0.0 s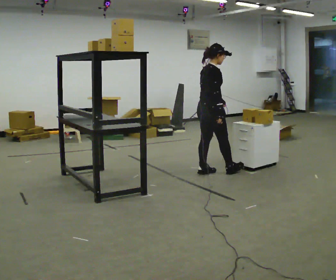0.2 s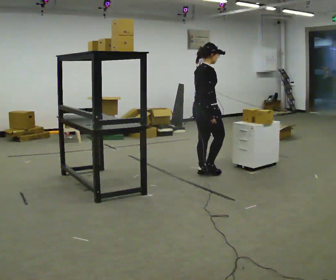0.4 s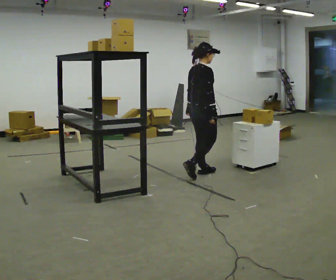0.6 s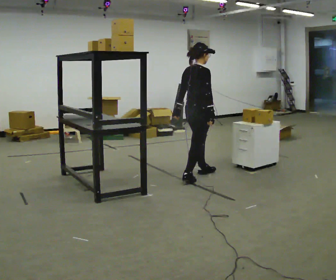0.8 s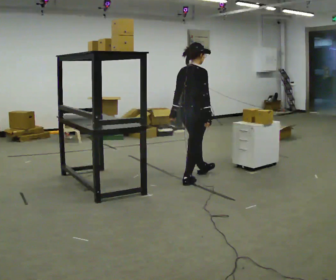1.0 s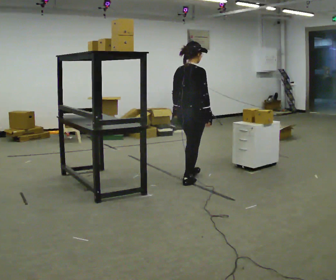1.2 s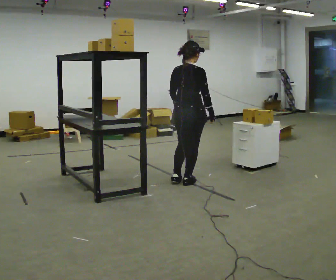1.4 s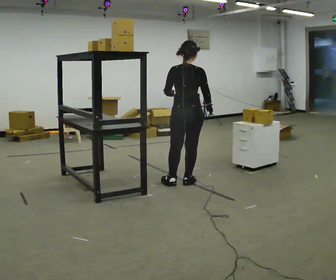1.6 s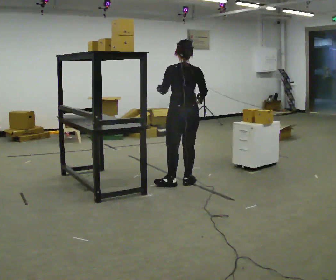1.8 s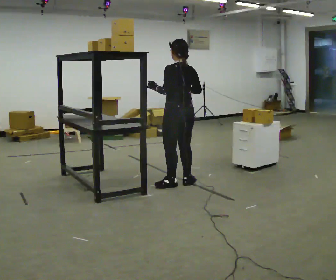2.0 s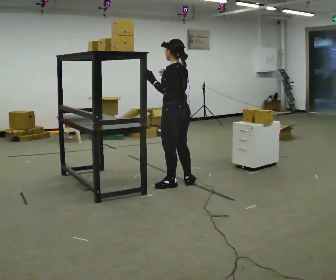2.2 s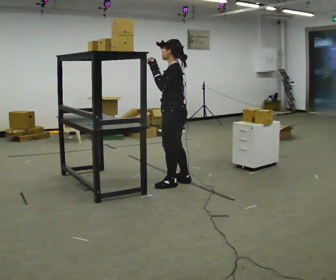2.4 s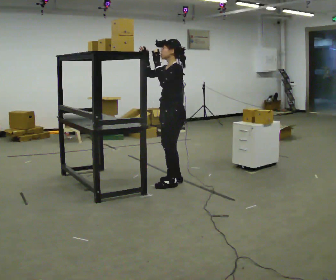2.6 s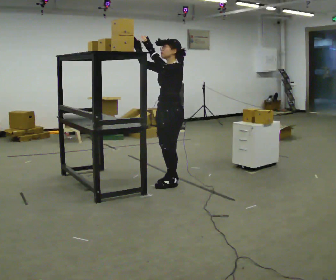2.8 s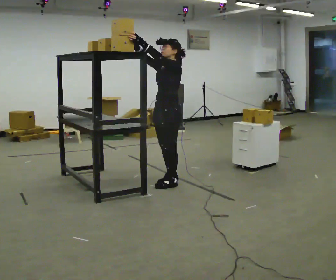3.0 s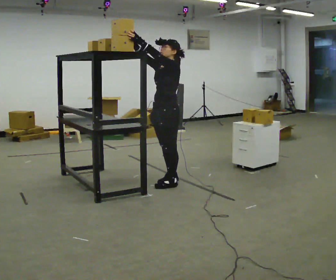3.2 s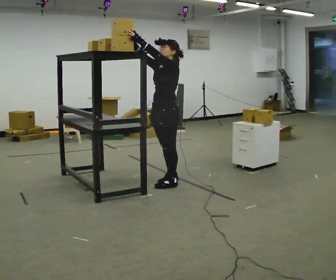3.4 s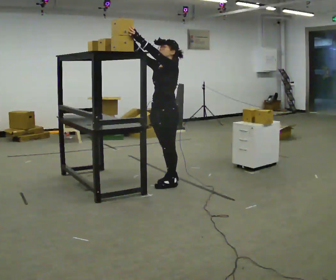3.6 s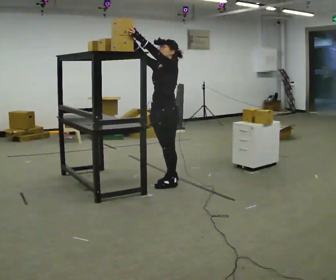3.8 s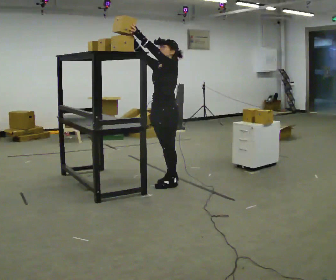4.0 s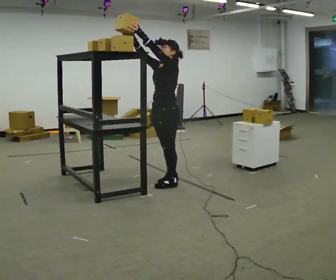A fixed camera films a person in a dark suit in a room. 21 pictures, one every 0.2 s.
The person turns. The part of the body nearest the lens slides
to the right.
Their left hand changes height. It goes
upward.
0.0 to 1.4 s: The person turns about 45 degrees to their left, counterclockwise seen from above, so the part of the body nearest the lens slides to the right. In the picture they go toward the camera and to the left, about 0.5 m in 1 step, which for them is backward.
1.4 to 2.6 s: The person turns about 120 degrees to their left, counterclockwise seen from above, so the part of the body nearest the lens slides to the right. In the picture they go to the left, about 0.25 m in 1 step. In the picture their right hand goes to the left and upward.
2.6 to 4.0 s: The person moves a little, or ends about where they began.
The film runs backward here.
